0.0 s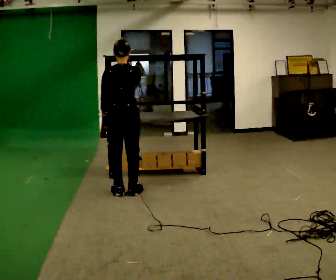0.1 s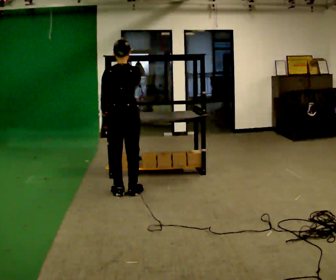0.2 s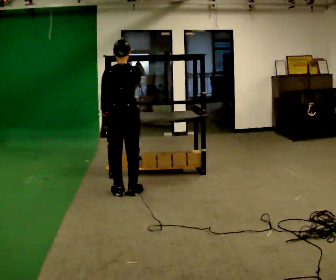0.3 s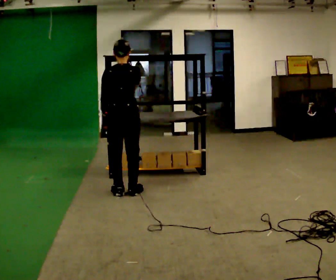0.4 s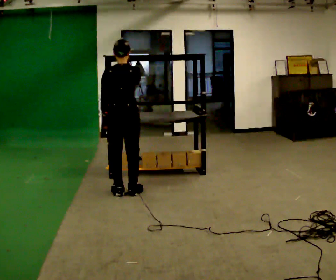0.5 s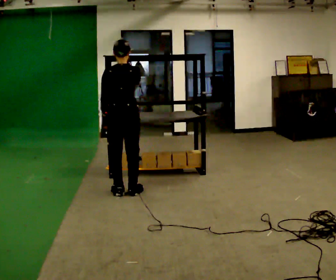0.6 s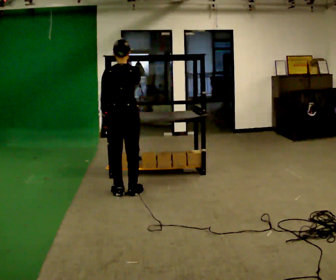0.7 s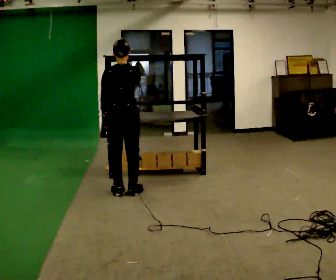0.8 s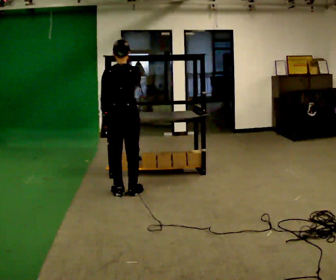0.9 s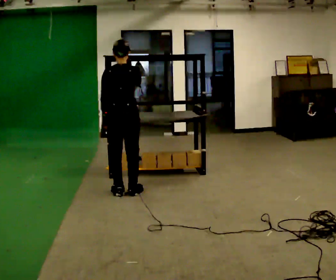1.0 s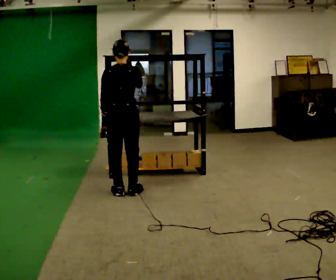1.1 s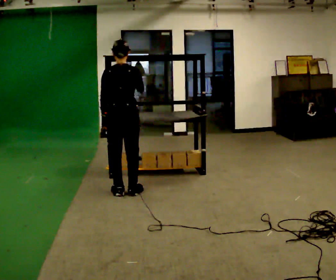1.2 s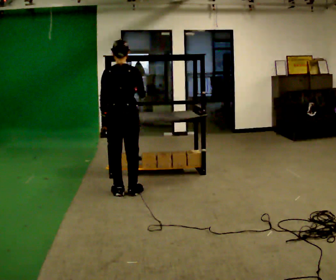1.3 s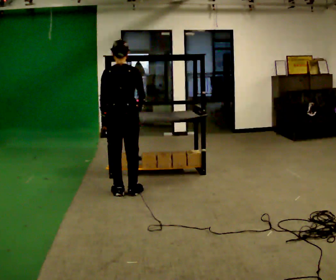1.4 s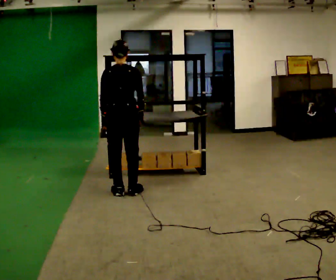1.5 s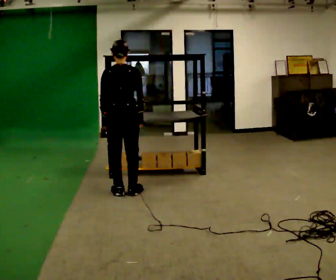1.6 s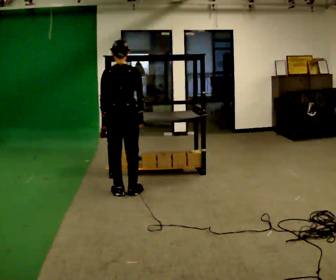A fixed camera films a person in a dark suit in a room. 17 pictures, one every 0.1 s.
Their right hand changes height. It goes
downward.
0.0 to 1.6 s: In the picture their right hand goes downward.
The film runs backward here.
